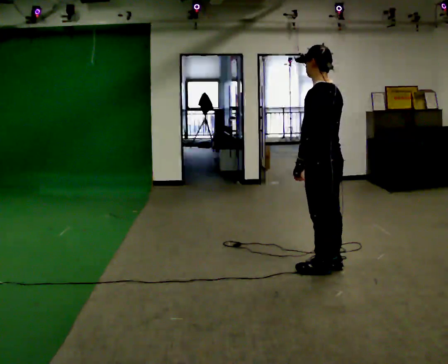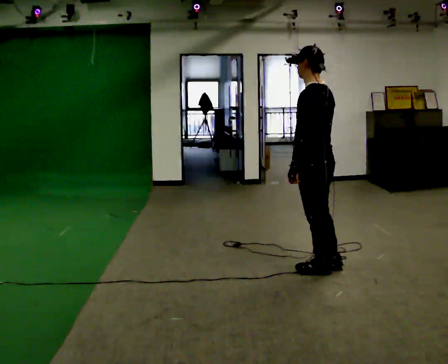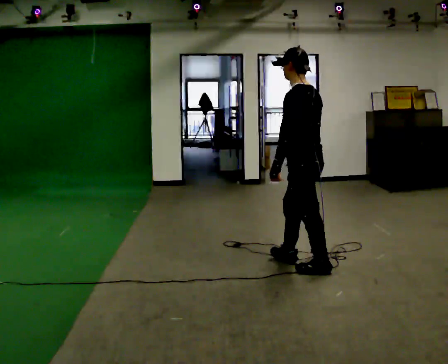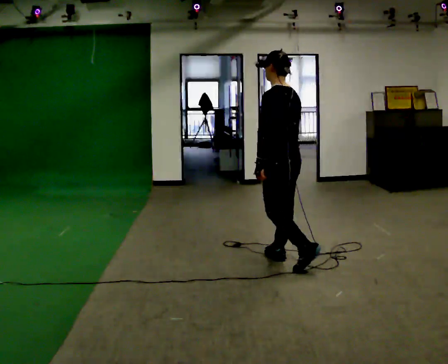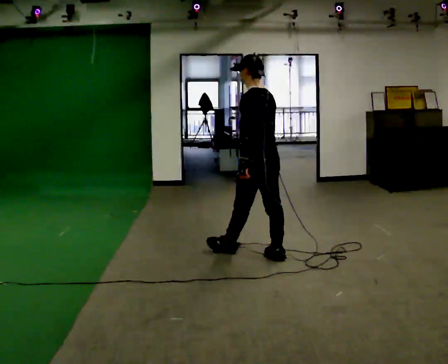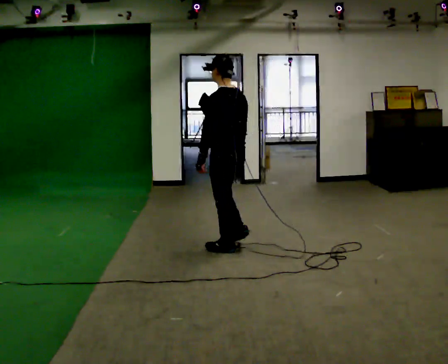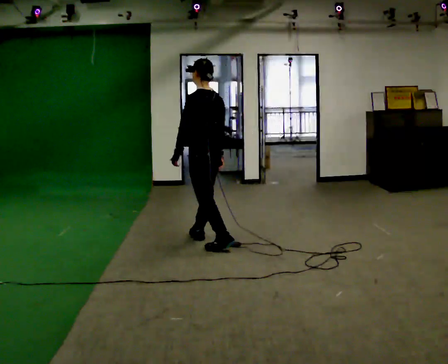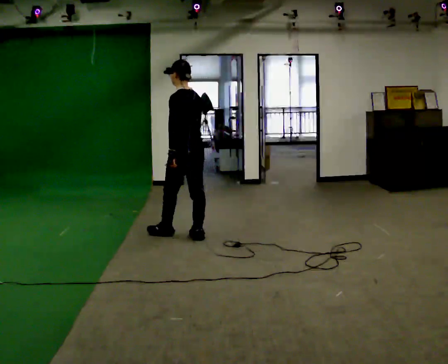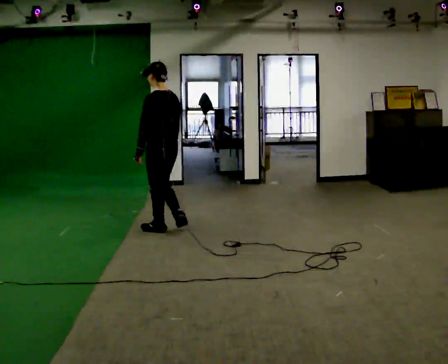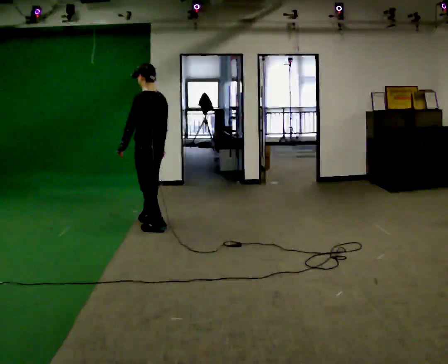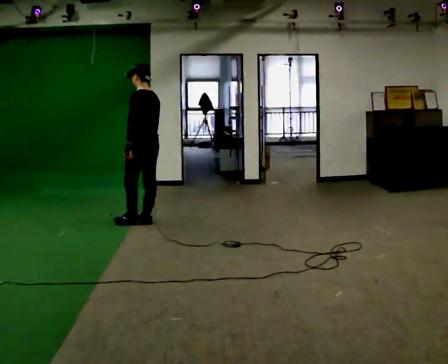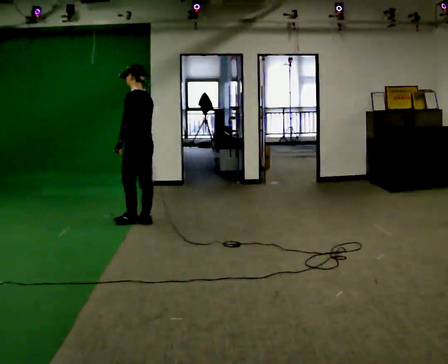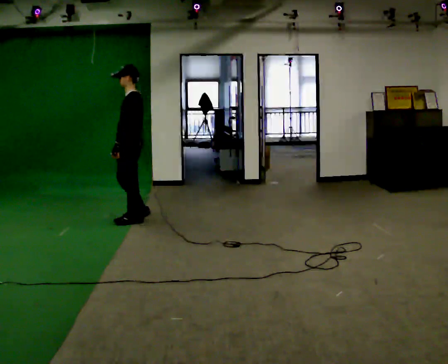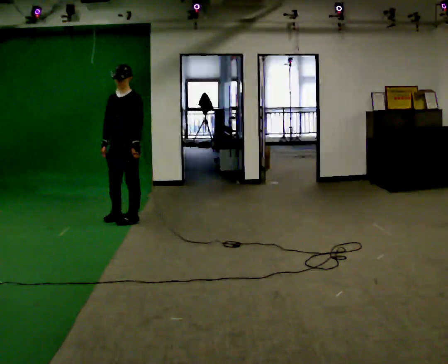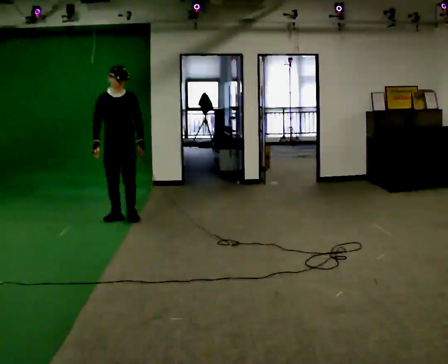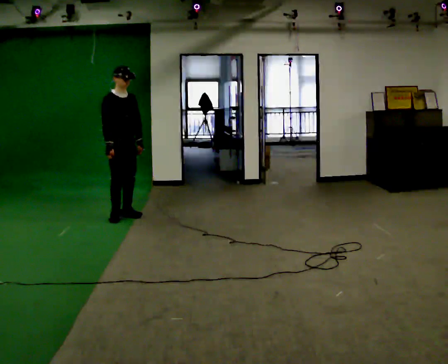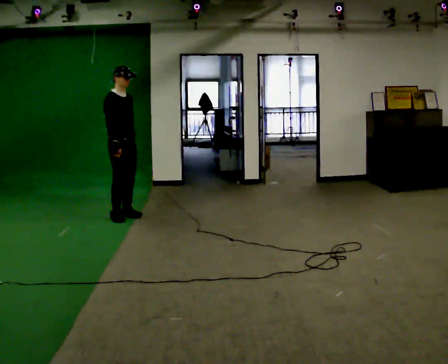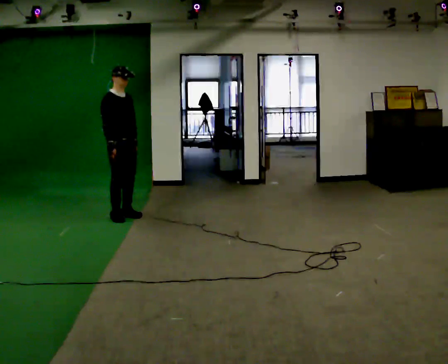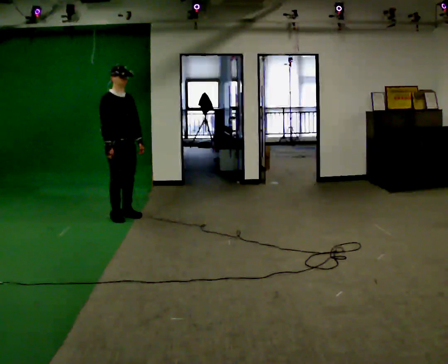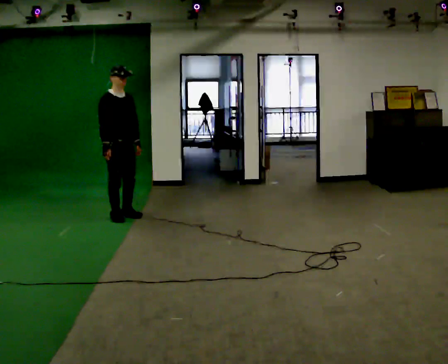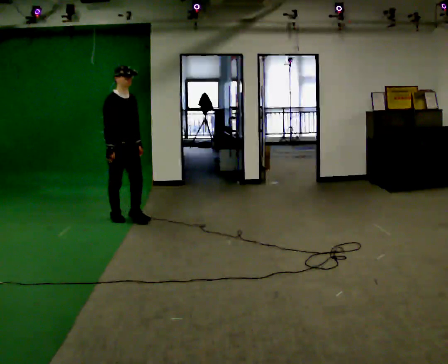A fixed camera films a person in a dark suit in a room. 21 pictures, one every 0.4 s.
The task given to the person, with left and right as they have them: Walk forward in a lowered crouched posture at a comfortable speed; do not go lower than is comfortable; stop.
0.0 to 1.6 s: In the picture they go away from the camera and to the left, about 0.75 m in 1 step, which for them is forward.
1.6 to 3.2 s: In the picture they go away from the camera and to the left, about 1 m in 3 steps, which for them is forward.
3.2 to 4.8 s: The person turns about 45 degrees to their left, counterclockwise seen from above, so the part of the body nearest the lens slides to the right. In the picture they go away from the camera and to the left, about 0.5 m in 2 steps, which for them is forward.
4.8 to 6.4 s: The part of the body nearest the lens slides to the right as the person turns to their left by about 150 degrees. In the picture they go away from the camera, about 0.25 m in 2 steps.
6.4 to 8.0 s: In the picture they go toward the camera, about 0.25 m, which for them is forward.
The film runs forward here.
